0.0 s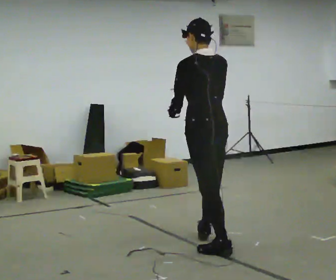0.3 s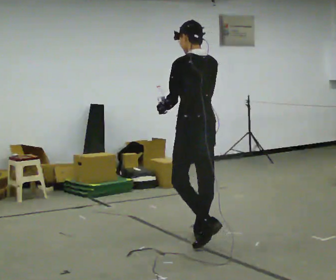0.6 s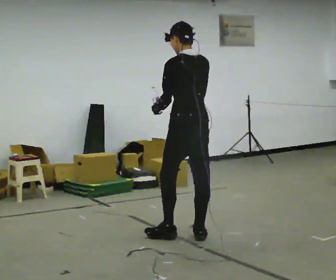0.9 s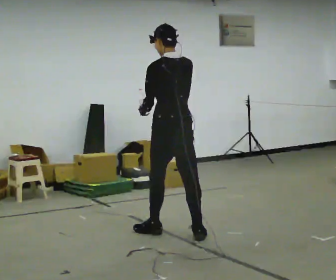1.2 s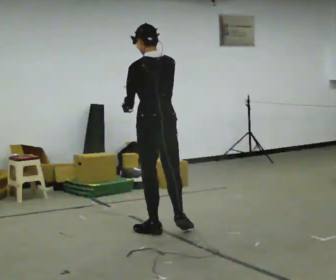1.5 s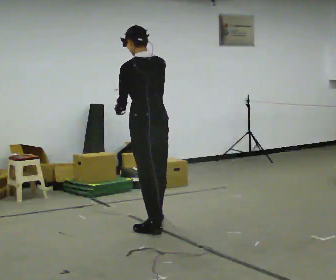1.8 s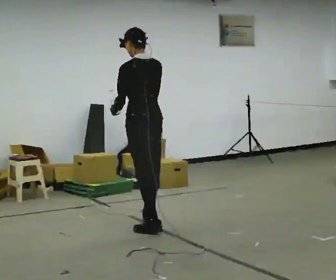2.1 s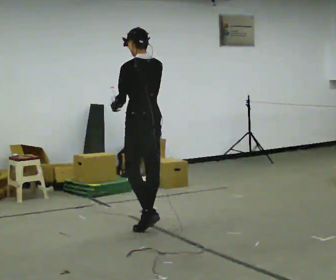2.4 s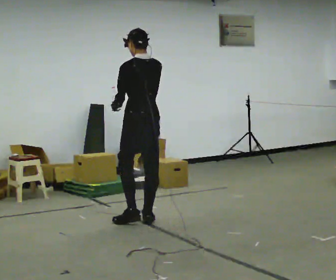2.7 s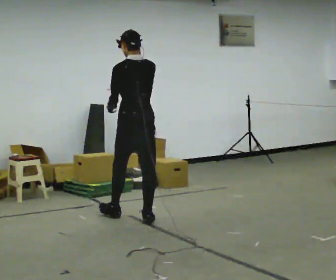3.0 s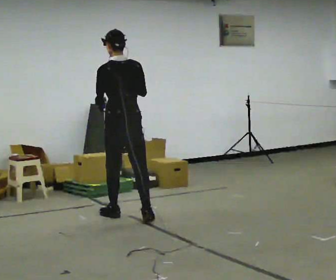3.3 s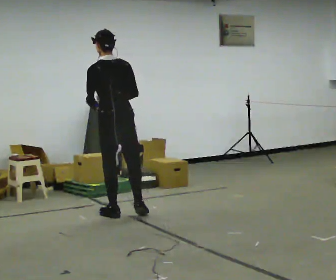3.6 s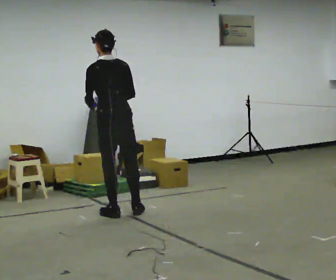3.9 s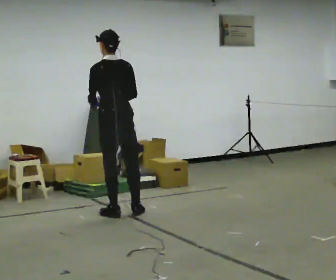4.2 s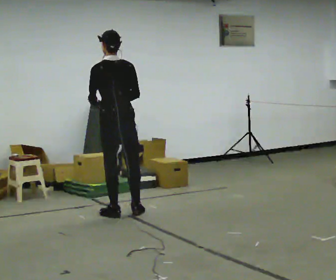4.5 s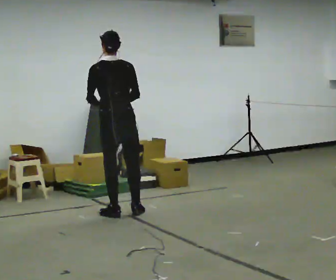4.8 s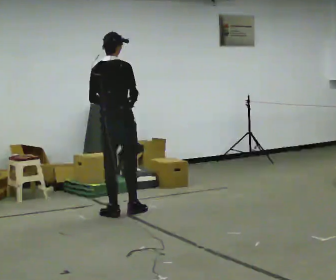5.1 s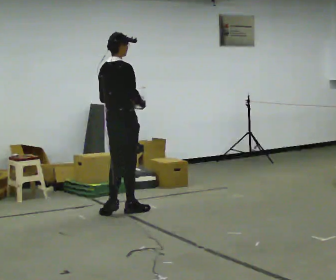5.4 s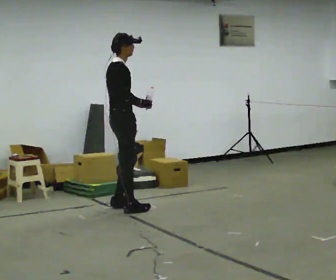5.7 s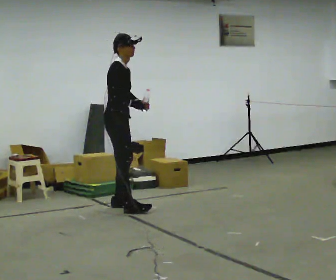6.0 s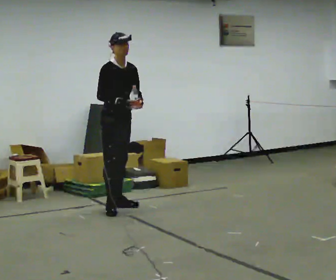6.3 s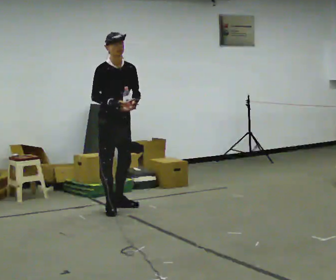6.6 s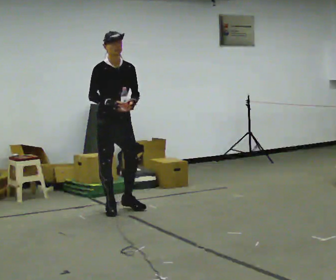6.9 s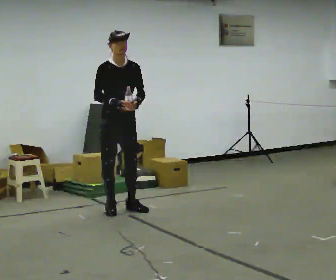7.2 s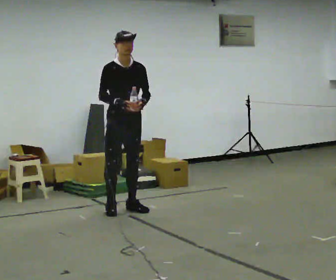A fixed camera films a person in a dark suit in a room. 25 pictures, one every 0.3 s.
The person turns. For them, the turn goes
to their right.
The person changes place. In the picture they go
away from the camera.
0.0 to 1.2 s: In the picture they go away from the camera and to the left, about 0.5 m in 1 step, which for them is forward.
1.2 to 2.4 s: In the picture they go away from the camera, about 0.5 m in 1 step, which for them is forward and to their right.
2.4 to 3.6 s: In the picture they go away from the camera and to the left, about 0.25 m in 2 steps, which for them is forward and to their left. In the picture their right hand goes downward.
3.6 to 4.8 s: The person turns about 60 degrees to their right, clockwise seen from above, so the part of the body nearest the lens slides to the left.
4.8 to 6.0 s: The person turns about 105 degrees to their right, clockwise seen from above, so the part of the body nearest the lens slides to the left. In the picture they go away from the camera, about 0.25 m in 2 steps.
6.0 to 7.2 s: In the picture they go toward the camera, about 0.25 m in 1 step, which for them is forward.
The film runs forward here.
